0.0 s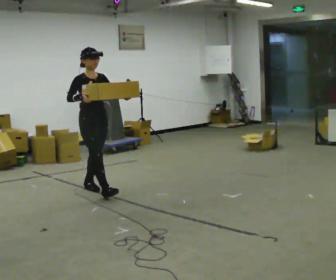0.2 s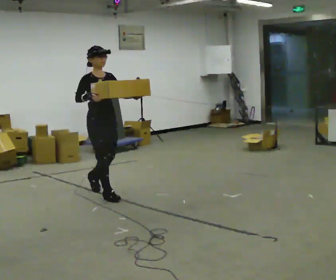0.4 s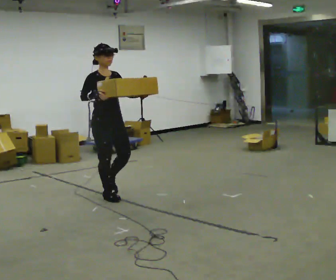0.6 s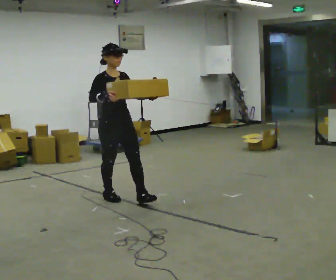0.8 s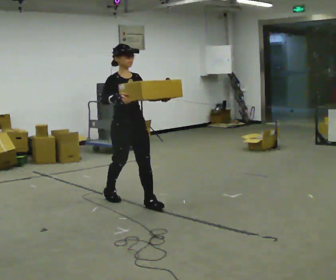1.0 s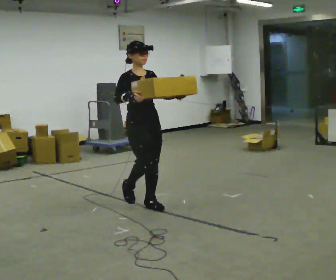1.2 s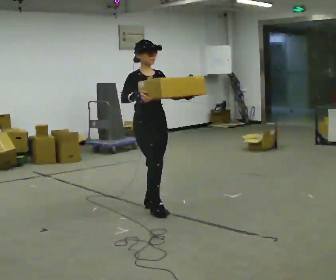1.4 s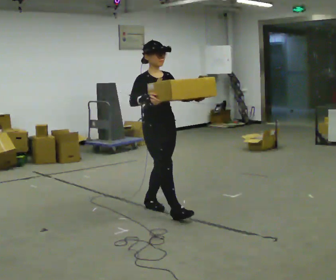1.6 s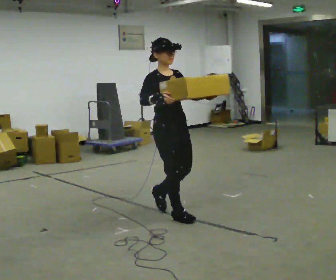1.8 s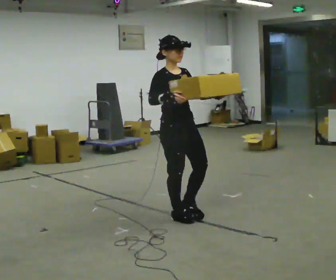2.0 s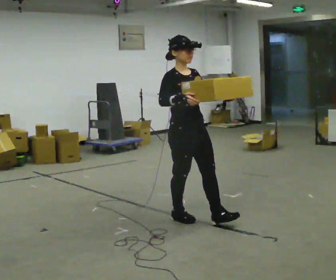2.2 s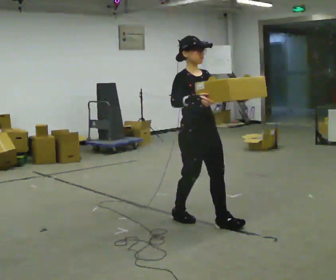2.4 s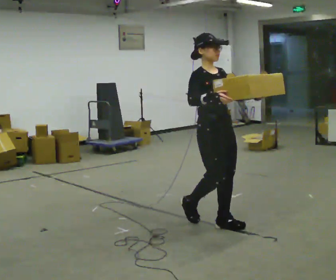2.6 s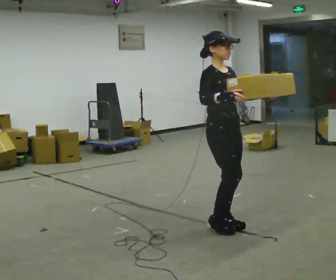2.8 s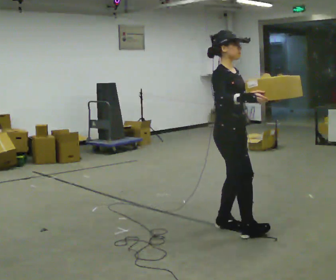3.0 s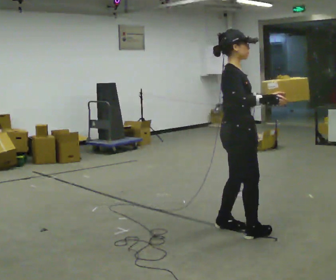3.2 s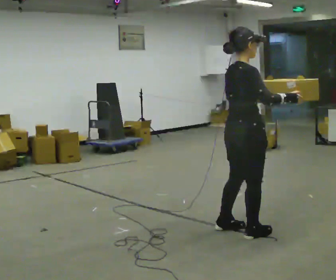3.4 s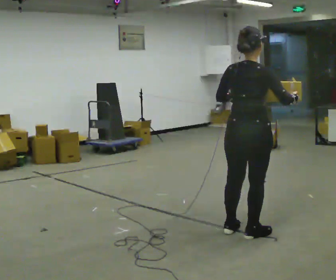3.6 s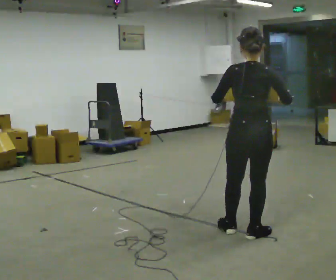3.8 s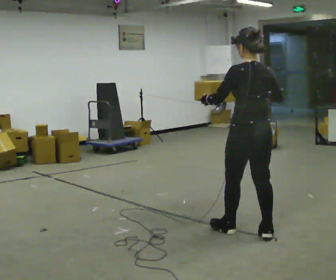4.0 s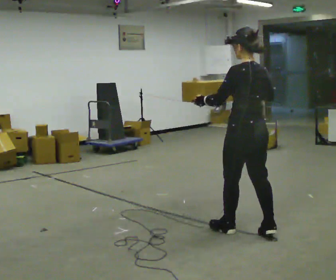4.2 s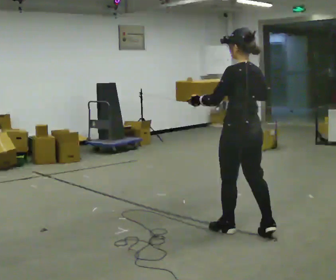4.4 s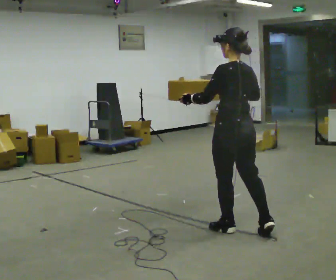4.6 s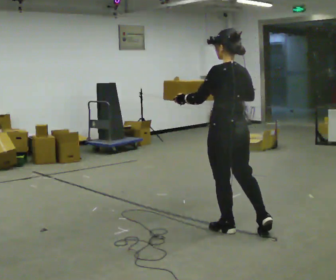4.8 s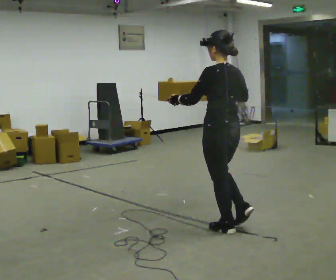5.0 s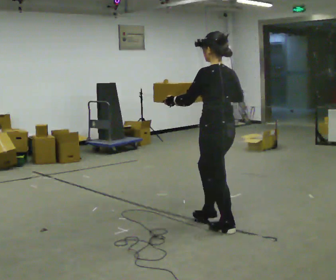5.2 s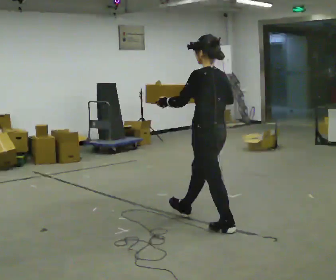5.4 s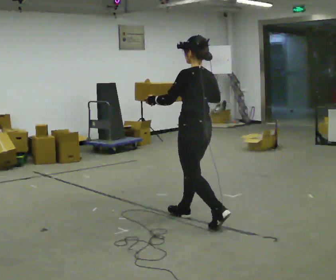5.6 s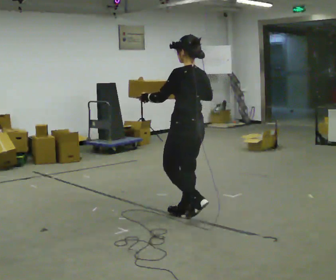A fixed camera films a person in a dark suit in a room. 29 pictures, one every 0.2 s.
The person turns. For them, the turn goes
to their left.
The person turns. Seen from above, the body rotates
counterclockwise.
0.0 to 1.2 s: In the picture they go to the right and toward the camera, about 1 m in 2 steps, which for them is forward.
1.2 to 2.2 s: In the picture they go toward the camera and to the right, about 0.75 m in 2 steps, which for them is forward.
2.2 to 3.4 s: The person turns about 105 degrees to their left, counterclockwise seen from above, so the part of the body nearest the lens slides to the right. In the picture they go to the right and toward the camera, about 0.5 m in 2 steps.
3.4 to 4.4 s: The person turns about 60 degrees to their left, counterclockwise seen from above, so the part of the body nearest the lens slides to the right. In the picture their right hand goes to the left.
4.4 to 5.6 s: In the picture they go away from the camera and to the left, about 0.5 m in 1 step, which for them is forward.
The film runs forward here.
